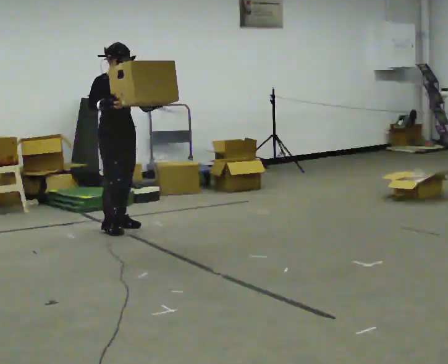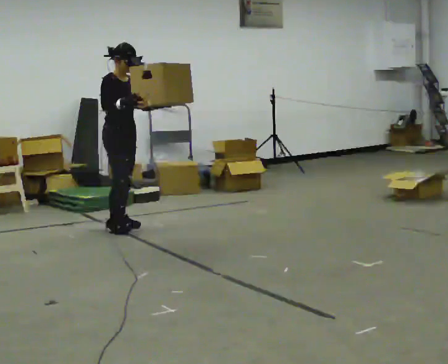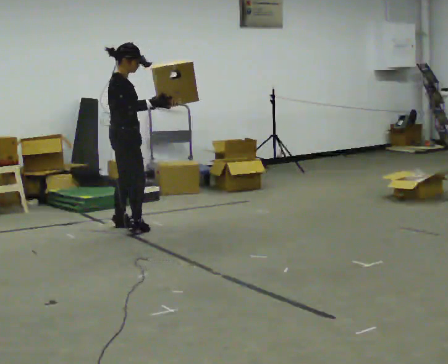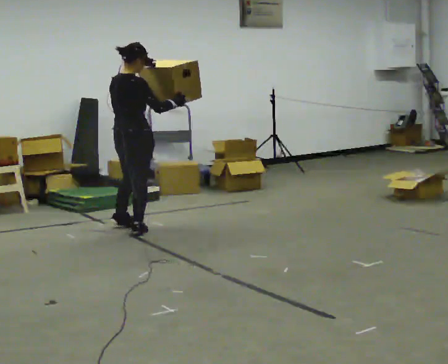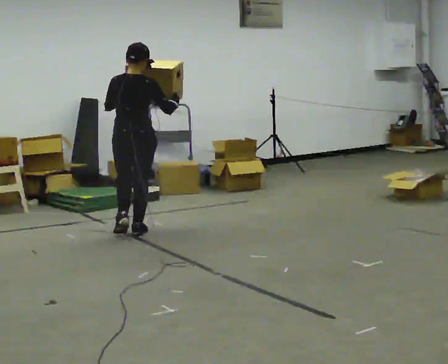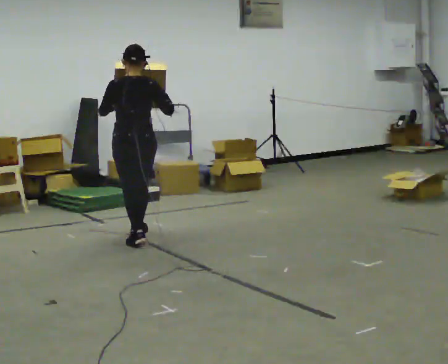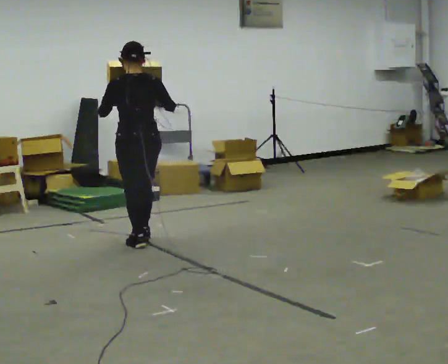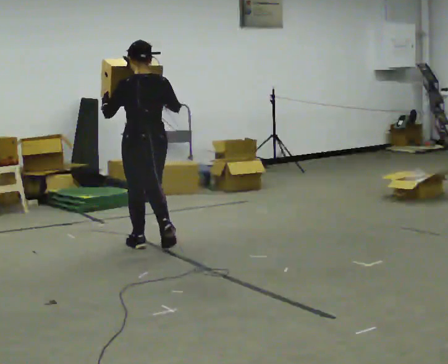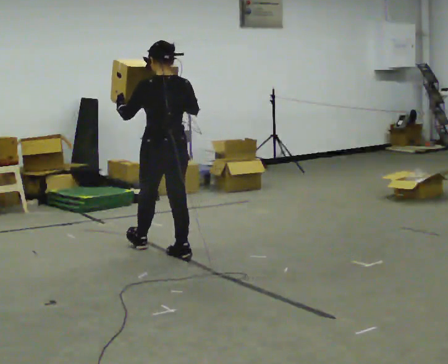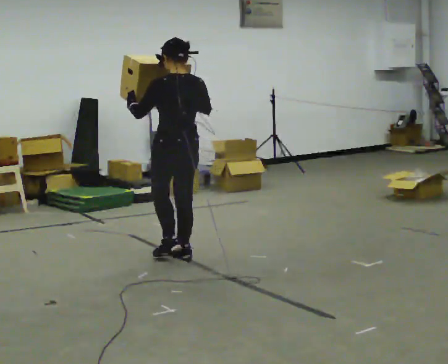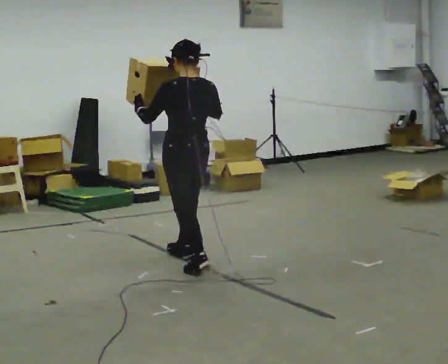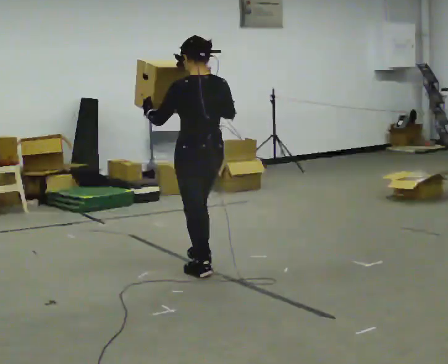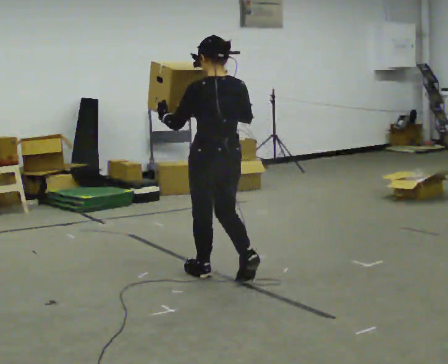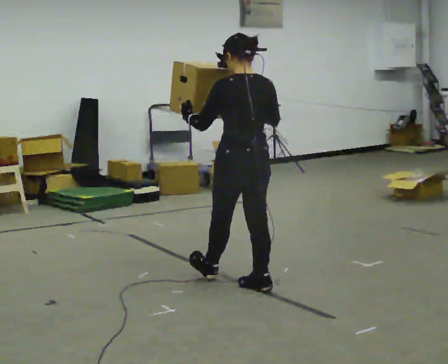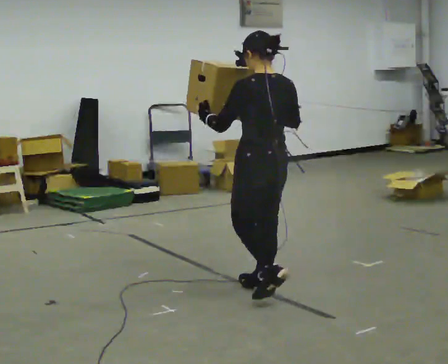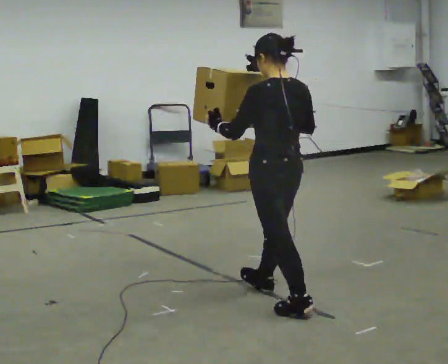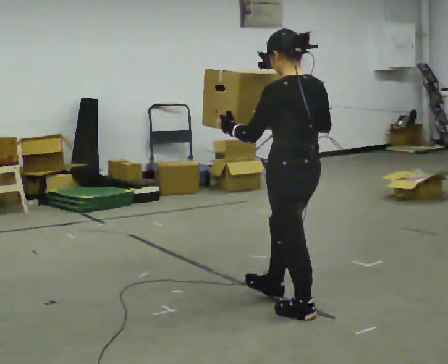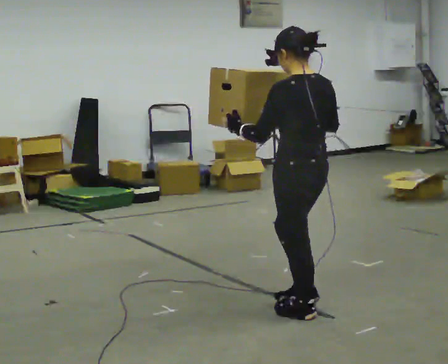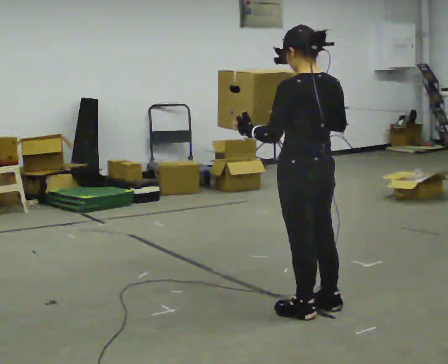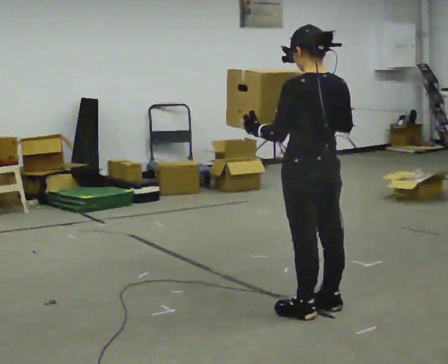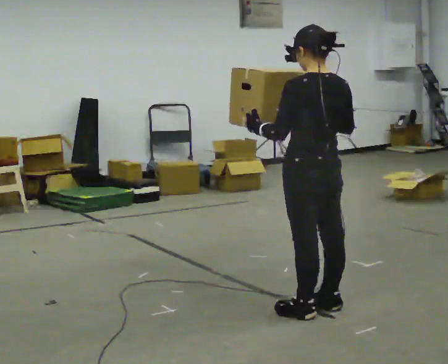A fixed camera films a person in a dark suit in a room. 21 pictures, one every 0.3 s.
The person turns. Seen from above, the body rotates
counterclockwise.
The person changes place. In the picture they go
toward the camera.
0.0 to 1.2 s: The part of the body nearest the lens slides to the right as the person turns to their left by about 135 degrees. In the picture they go toward the camera and to the right, about 0.25 m in 2 steps.
1.2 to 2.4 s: Seen from above the body turns counterclockwise, about 30 degrees: to their left, with its near side sliding to the right. In the picture they go toward the camera and to the right, about 0.75 m in 2 steps, which for them is backward.
2.4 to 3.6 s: In the picture they go toward the camera and to the right, about 0.5 m in 1 step, which for them is backward.
3.6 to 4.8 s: In the picture they go toward the camera and to the right, about 1 m in 2 steps, which for them is backward.
4.8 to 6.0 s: The person moves a little, or ends about where they began.
The film runs backward here.
